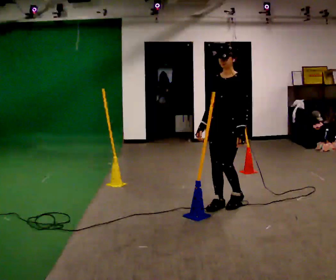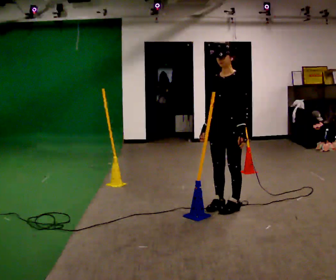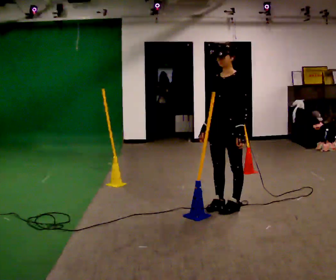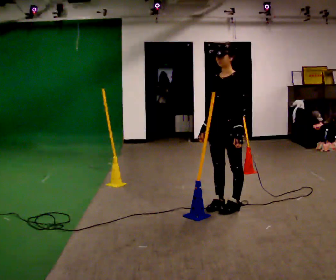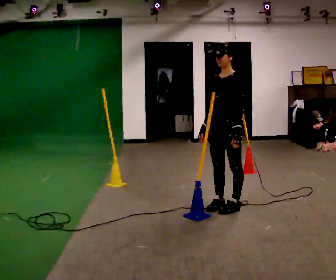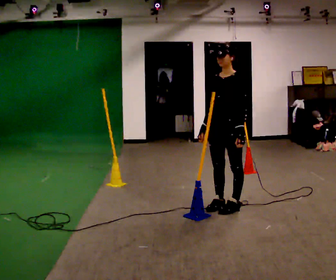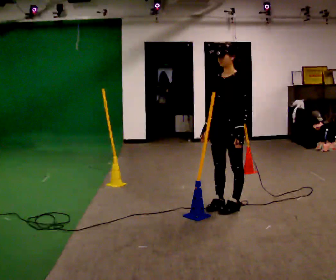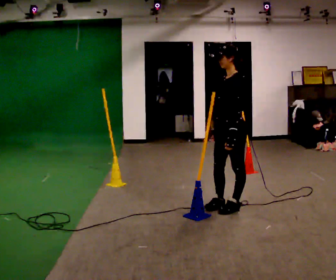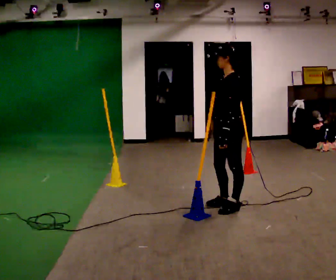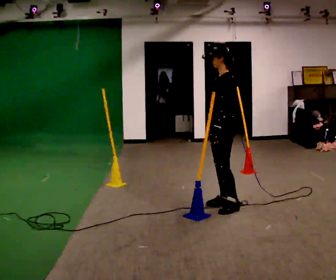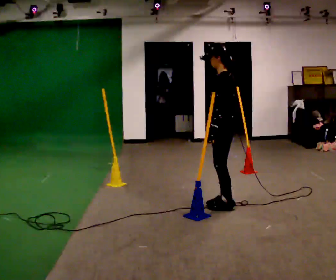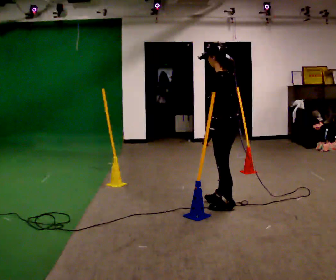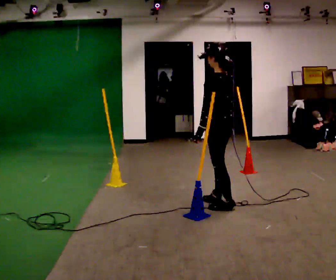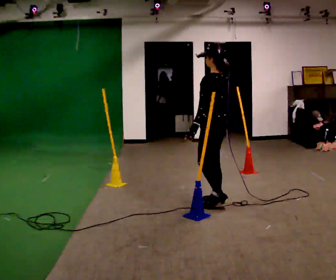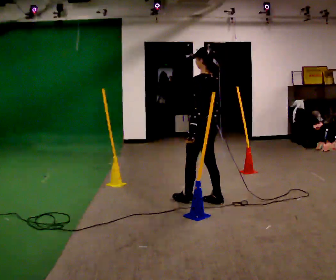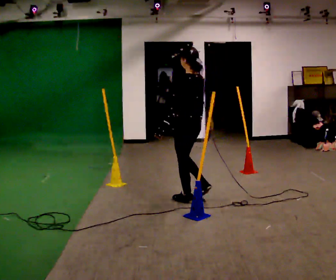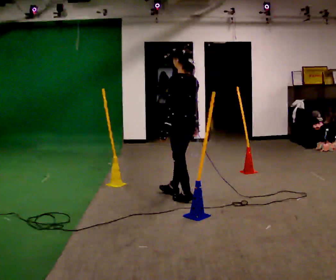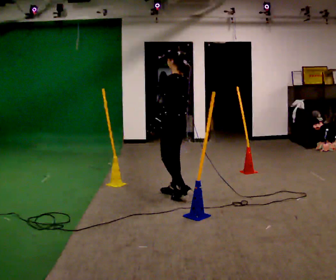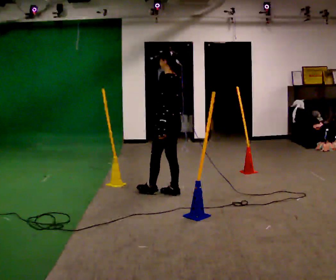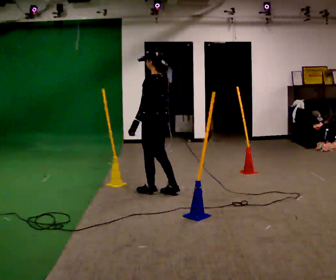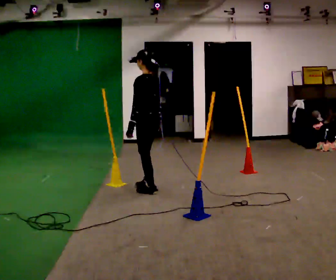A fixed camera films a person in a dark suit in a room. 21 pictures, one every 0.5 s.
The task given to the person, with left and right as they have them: Start at marker; visit targets in order; choose natural paths; avoid obstacles; stop at final target.
0.0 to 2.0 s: The person moves a little, or ends about where they began.
2.0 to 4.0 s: Seen from above the body turns clockwise, about 45 degrees: to their right, with its near side sliding to the left.
4.0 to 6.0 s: The person turns about 30 degrees to their right, clockwise seen from above, so the part of the body nearest the lens slides to the left.
6.0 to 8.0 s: In the picture they go to the left and away from the camera, about 0.5 m in 2 steps, which for them is forward.
8.0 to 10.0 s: In the picture they go to the left and away from the camera, about 0.5 m in 1 step, which for them is forward.
The film runs forward here.
